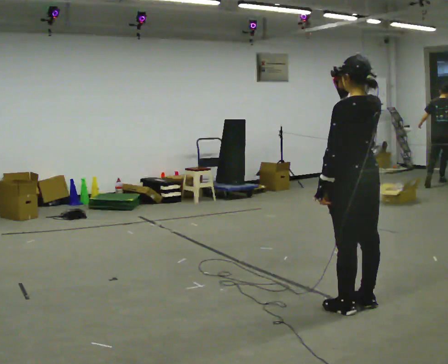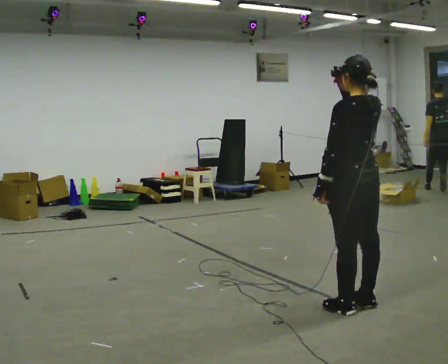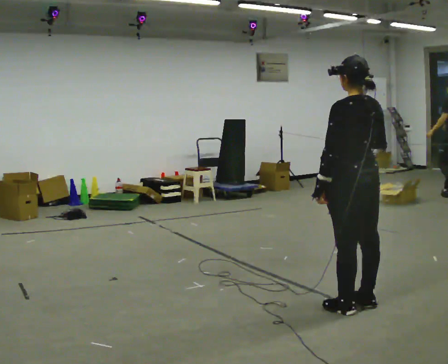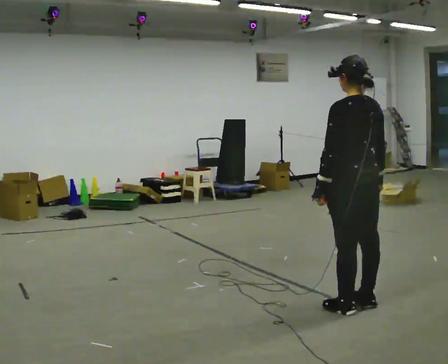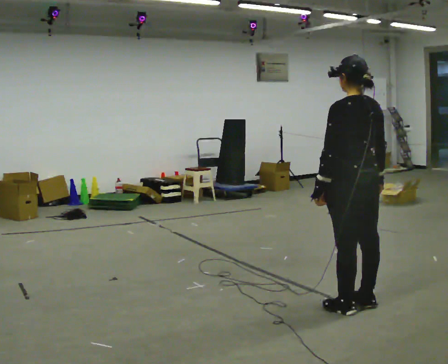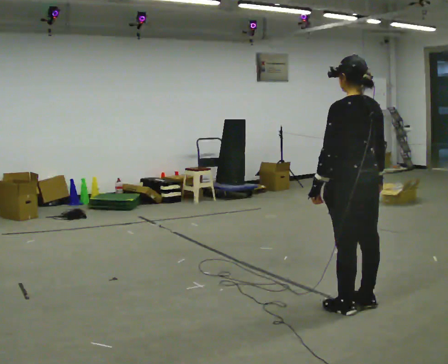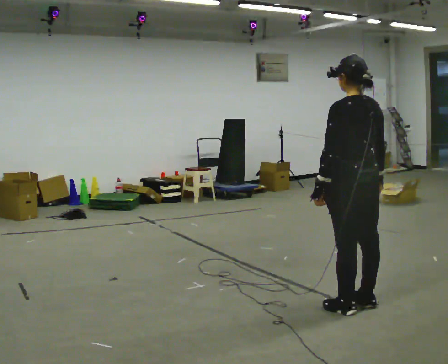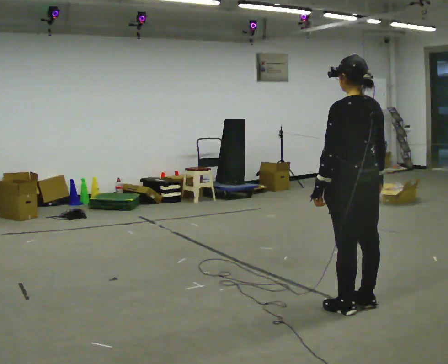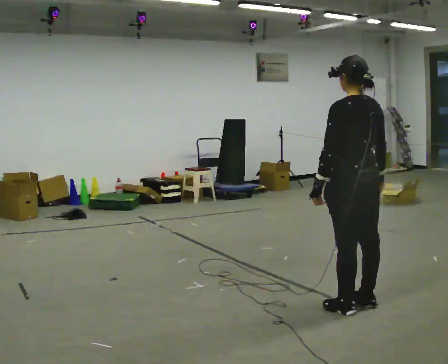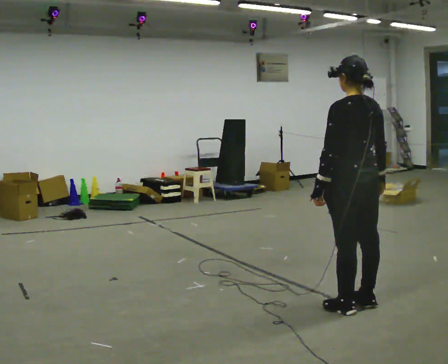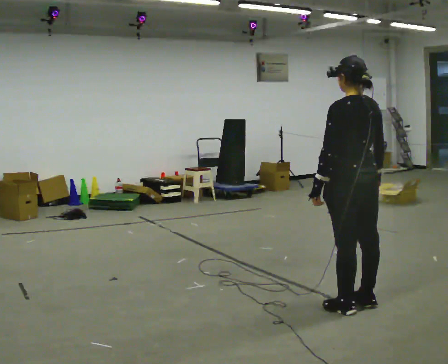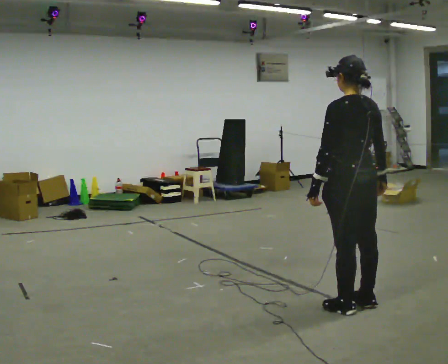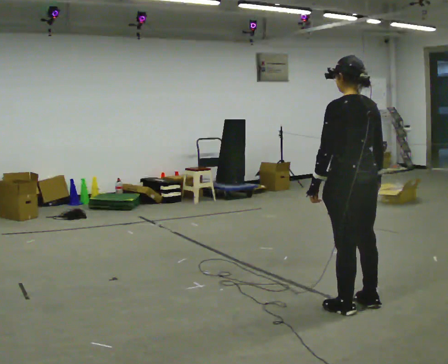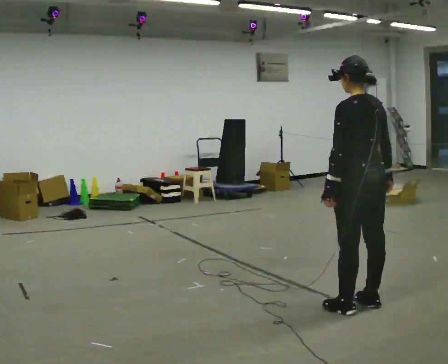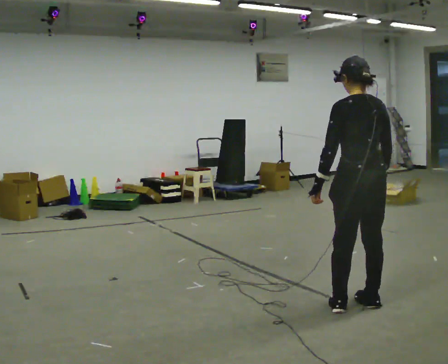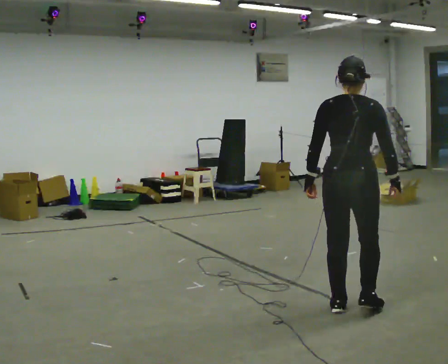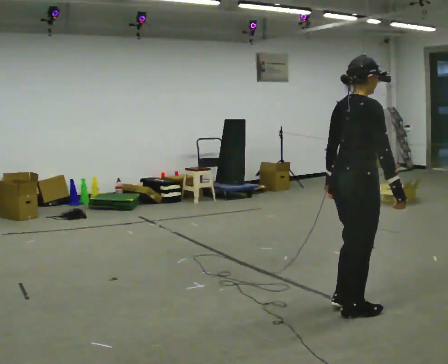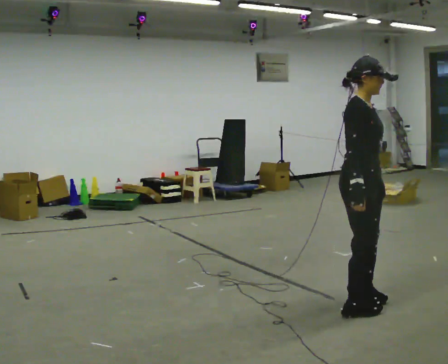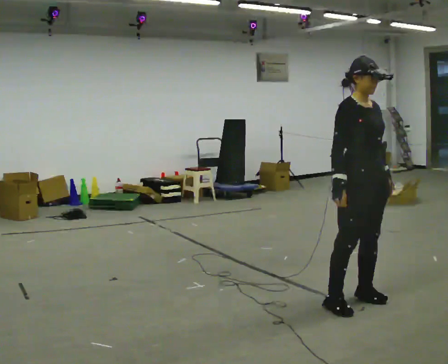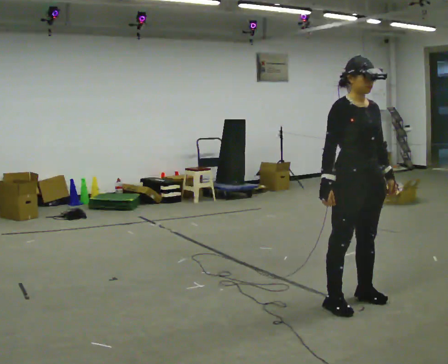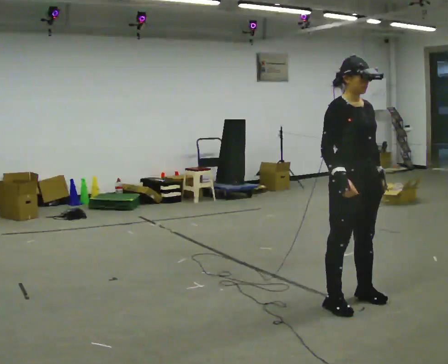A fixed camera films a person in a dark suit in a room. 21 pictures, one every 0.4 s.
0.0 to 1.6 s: In the picture their right hand goes downward.
1.6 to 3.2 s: The person keeps their place and pose.
3.2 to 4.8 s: The person moves a little, or ends about where they began.
4.8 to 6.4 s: Seen from above the body turns clockwise, about 60 degrees: to their right, with its near side sliding to the left.
6.4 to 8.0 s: Seen from above the body turns clockwise, about 105 degrees: to their right, with its near side sliding to the left. In the picture their left hand goes to the right, the arm swinging counterclockwise.
The film runs backward here.
